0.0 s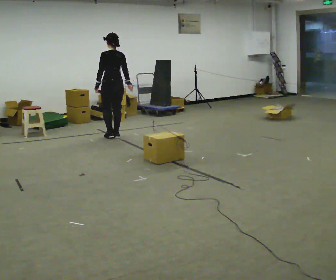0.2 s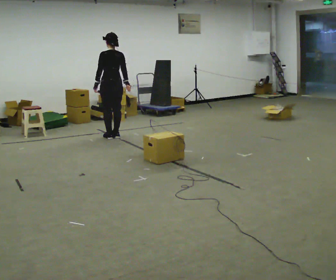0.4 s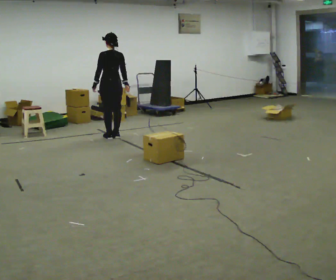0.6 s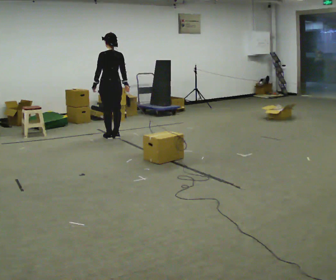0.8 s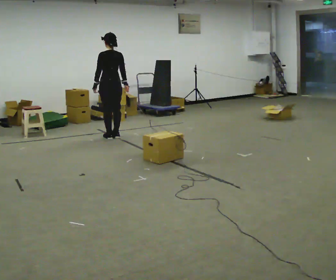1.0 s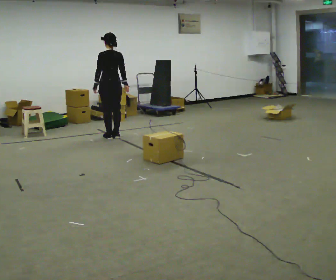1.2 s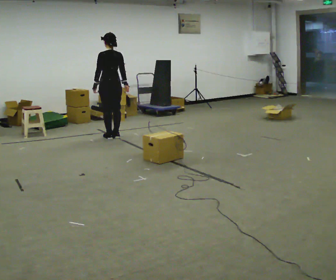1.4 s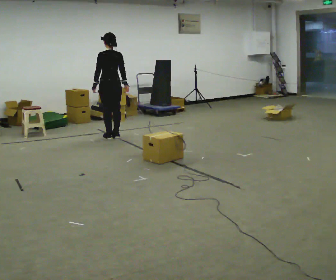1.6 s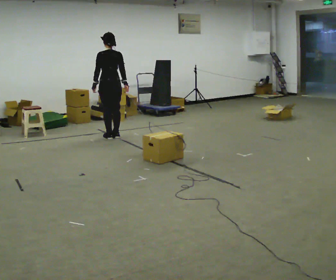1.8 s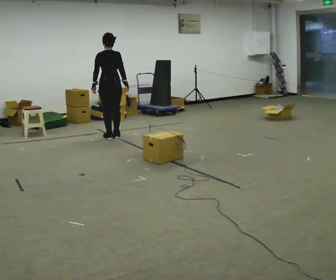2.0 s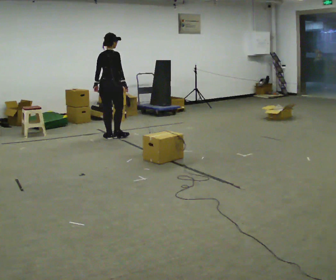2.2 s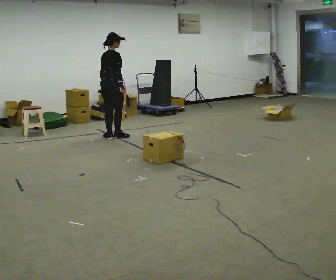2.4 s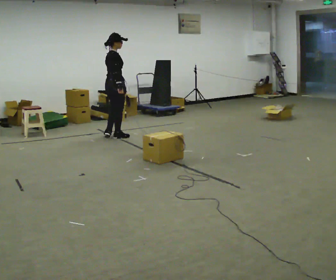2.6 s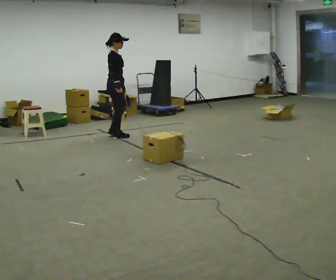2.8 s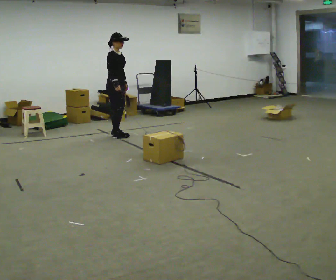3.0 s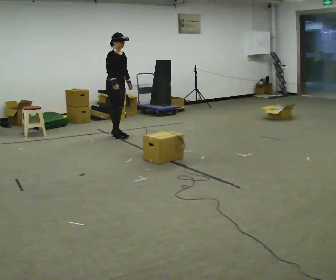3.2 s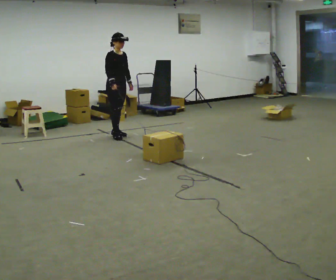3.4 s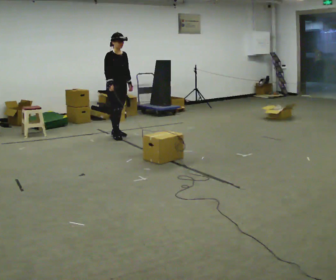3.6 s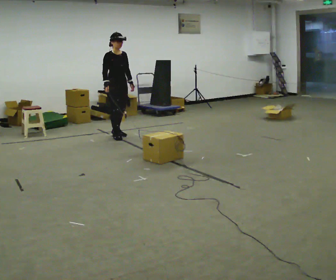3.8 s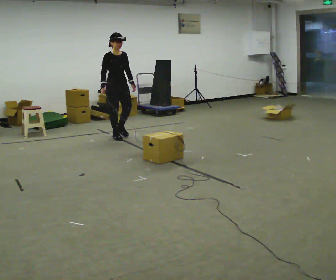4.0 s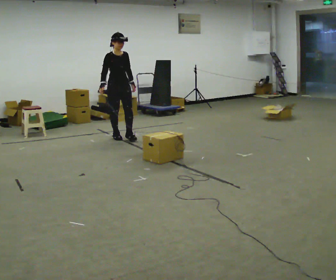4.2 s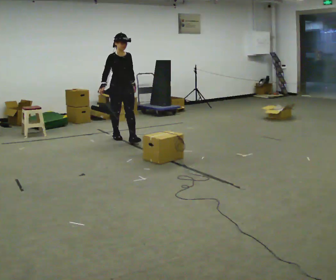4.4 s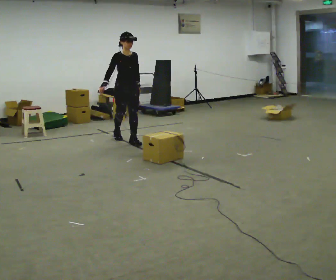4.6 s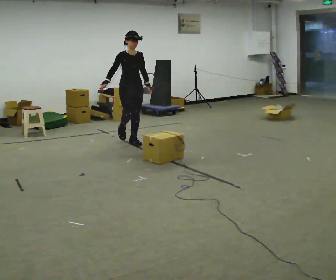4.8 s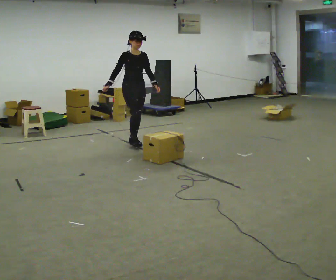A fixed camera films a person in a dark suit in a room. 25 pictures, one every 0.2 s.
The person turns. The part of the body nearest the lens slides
to the left.
Their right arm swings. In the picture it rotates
clockwise.
0.0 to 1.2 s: The person moves a little, or ends about where they began.
1.2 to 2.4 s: Seen from above the body turns clockwise, about 90 degrees: to their right, with its near side sliding to the left.
2.4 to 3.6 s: The part of the body nearest the lens slides to the left as the person turns to their right by about 75 degrees. In the picture their left hand goes to the right.
3.6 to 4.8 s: In the picture they go toward the camera and to the right, about 0.5 m in 1 step, which for them is forward.
The film runs forward here.
